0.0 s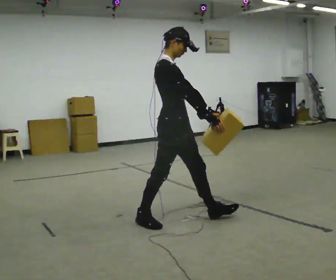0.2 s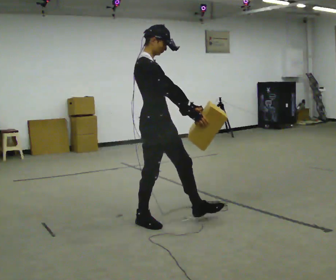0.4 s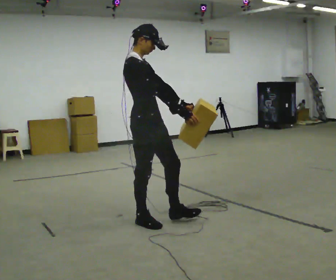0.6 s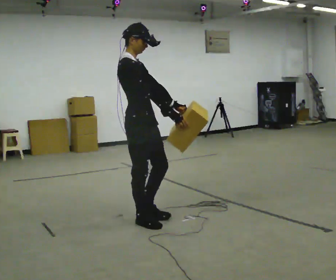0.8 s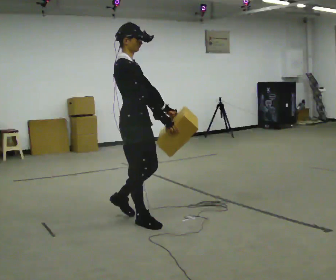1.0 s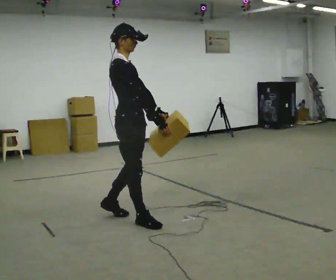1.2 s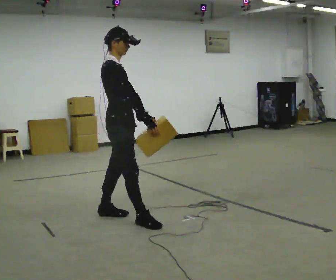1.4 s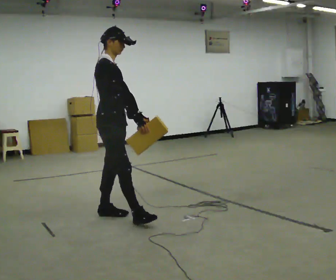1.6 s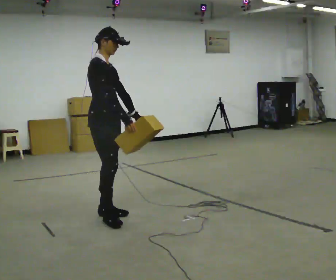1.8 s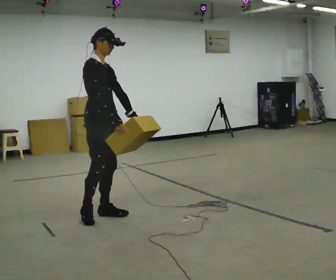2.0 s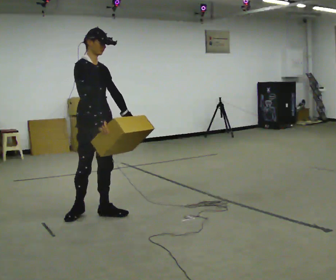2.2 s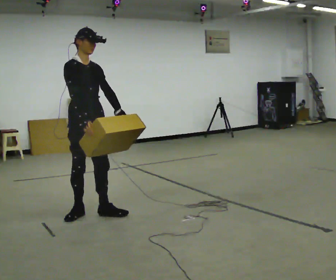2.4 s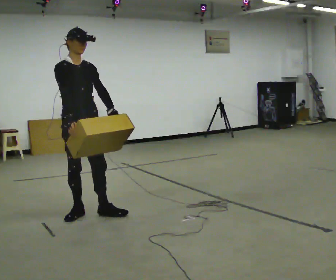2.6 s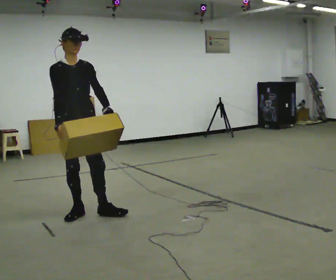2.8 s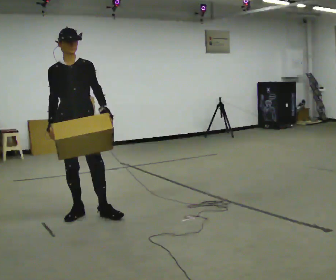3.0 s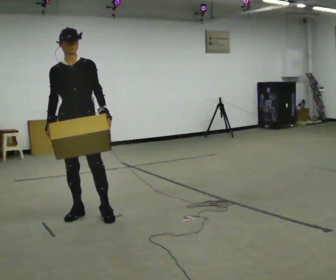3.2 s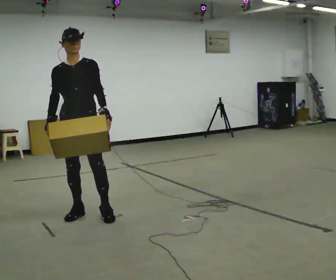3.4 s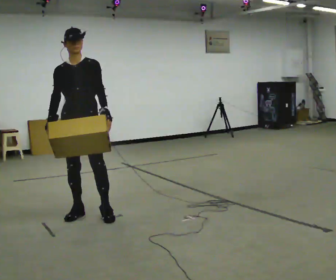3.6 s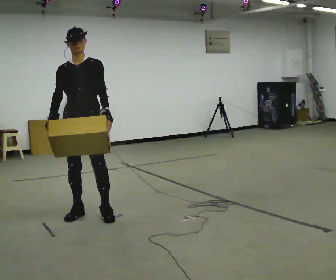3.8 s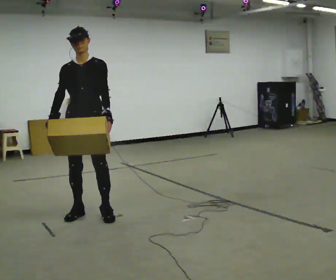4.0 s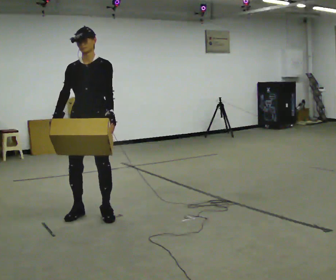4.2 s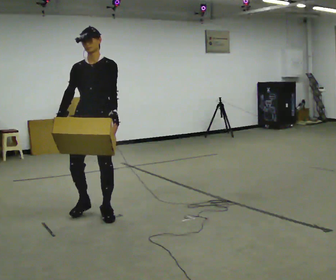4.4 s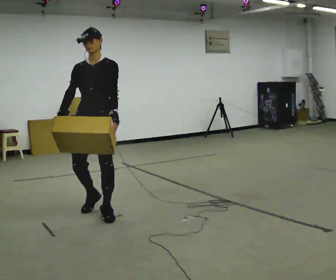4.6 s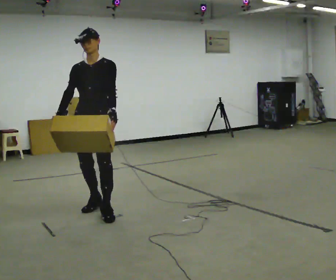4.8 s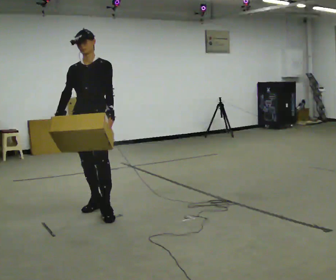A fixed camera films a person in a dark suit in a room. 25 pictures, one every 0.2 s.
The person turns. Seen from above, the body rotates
clockwise.
The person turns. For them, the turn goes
to their right.
0.0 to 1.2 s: In the picture they go to the left and away from the camera, about 0.5 m, which for them is backward.
1.2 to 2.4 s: The part of the body nearest the lens slides to the left as the person turns to their right by about 45 degrees. In the picture they go to the left and away from the camera, about 0.25 m in 1 step, which for them is backward.
2.4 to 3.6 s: The part of the body nearest the lens slides to the left as the person turns to their right by about 30 degrees.
3.6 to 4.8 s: The person moves a little, or ends about where they began.
The film runs backward here.
